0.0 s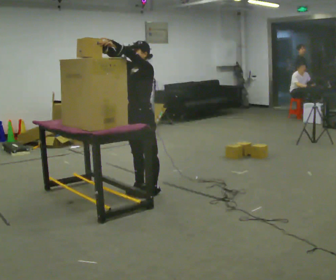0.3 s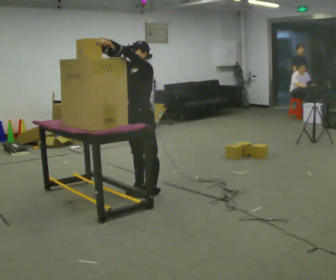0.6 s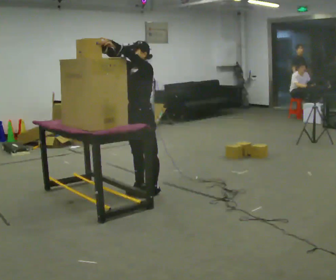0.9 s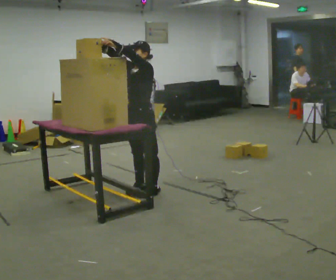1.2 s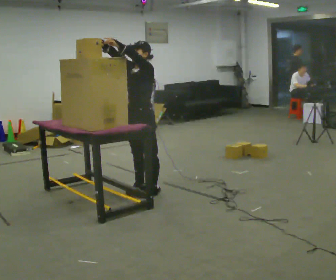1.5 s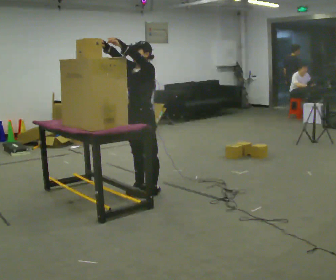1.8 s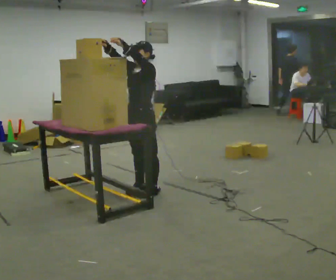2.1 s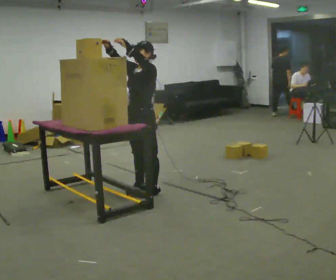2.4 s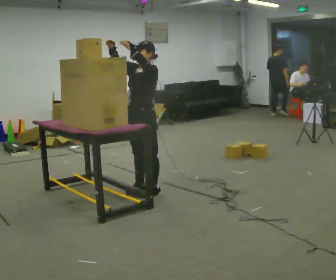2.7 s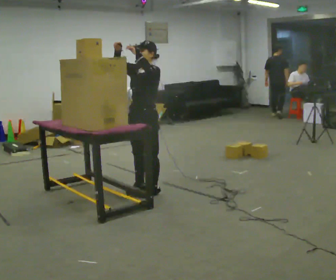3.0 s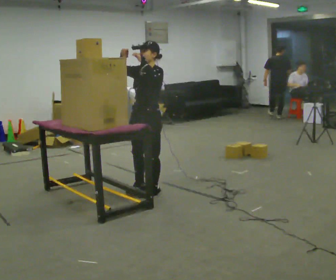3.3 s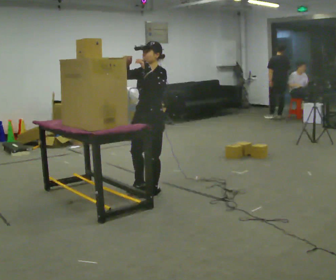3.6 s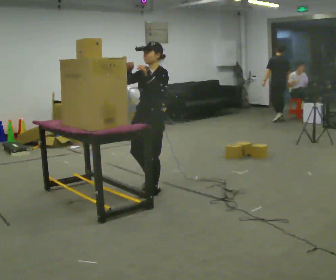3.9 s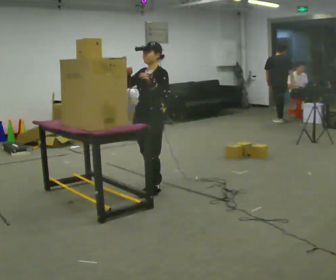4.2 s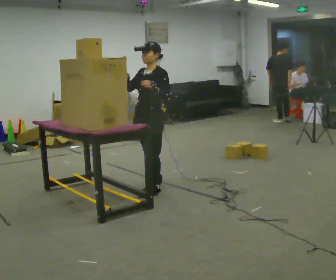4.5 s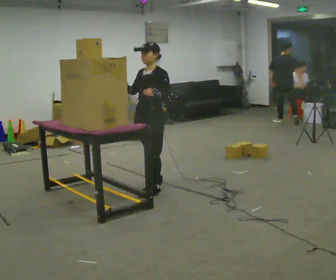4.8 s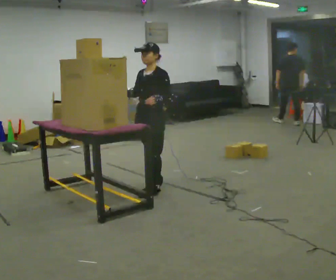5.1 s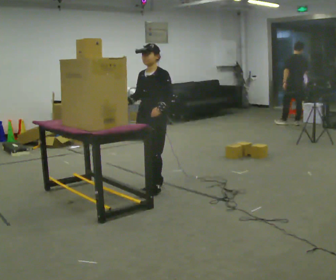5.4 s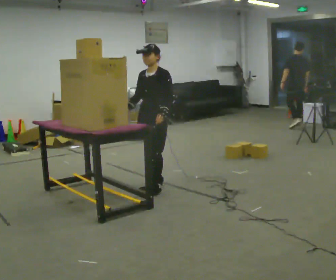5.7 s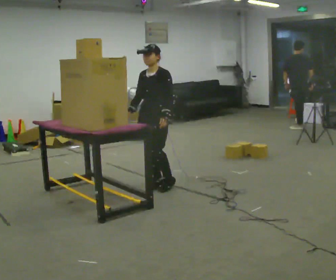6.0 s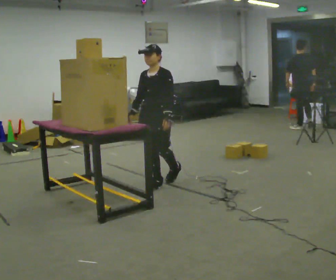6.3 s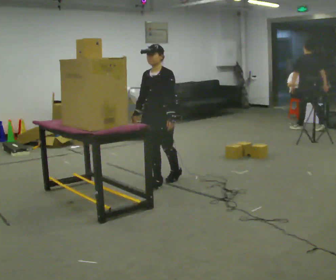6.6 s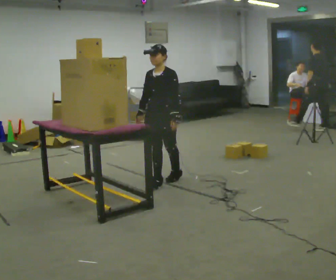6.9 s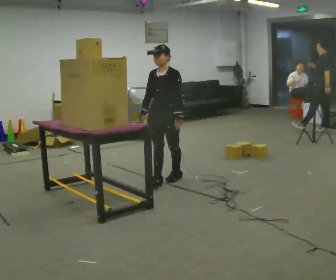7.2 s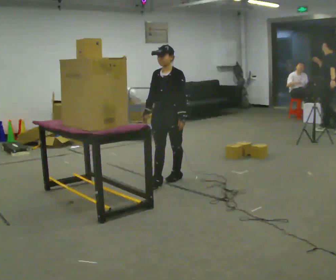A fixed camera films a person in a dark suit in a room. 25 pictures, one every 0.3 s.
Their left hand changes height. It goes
downward.
Their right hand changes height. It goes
downward.
0.0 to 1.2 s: The person keeps their place and pose.
1.2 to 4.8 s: In the picture their left hand goes downward and to the right.
4.8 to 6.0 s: In the picture they go away from the camera, about 0.25 m in 1 step, which for them is backward.
6.0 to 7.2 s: The person moves a little, or ends about where they began.
The film runs backward here.
